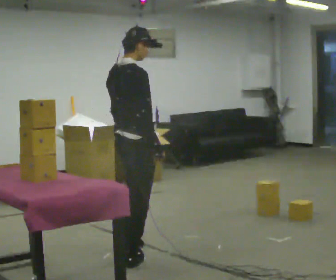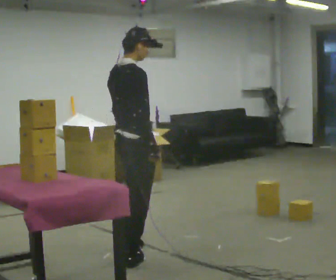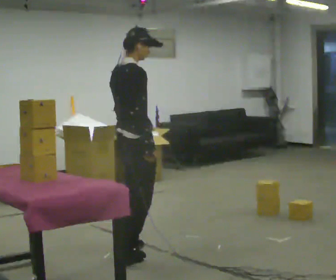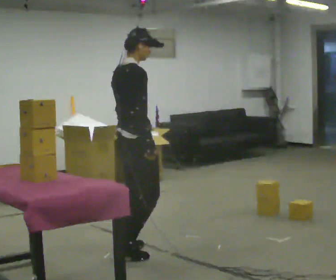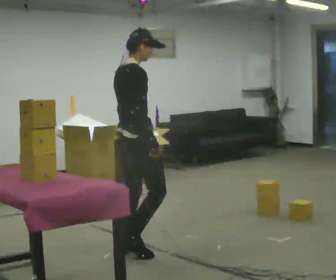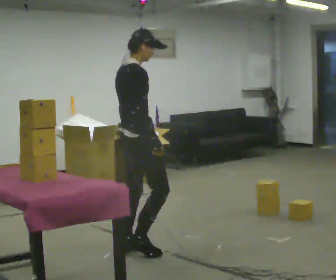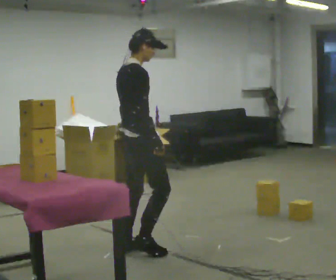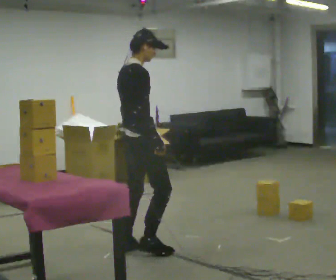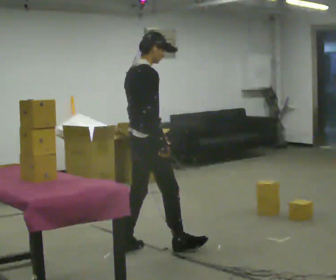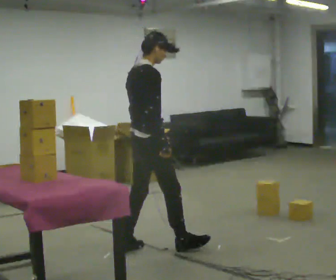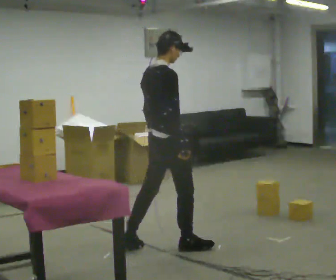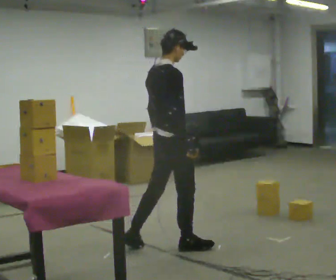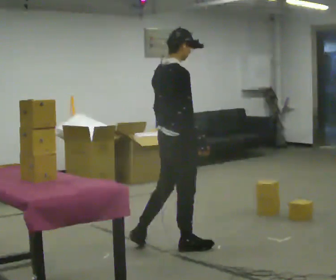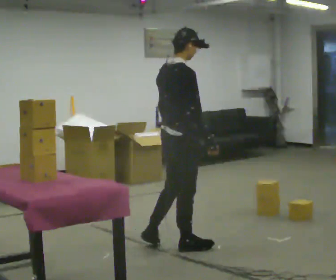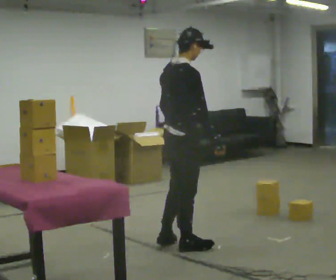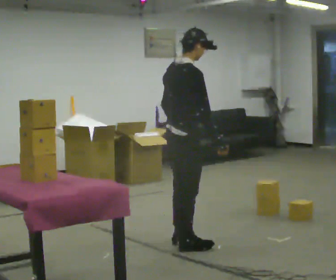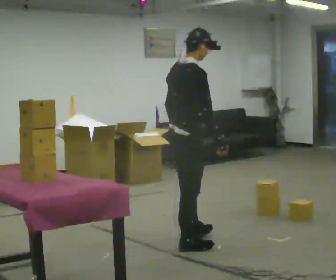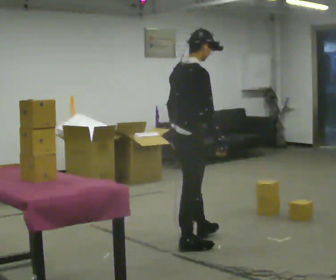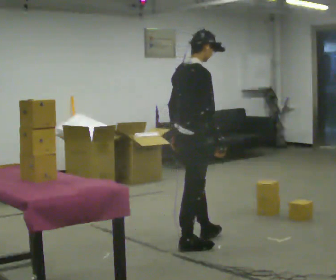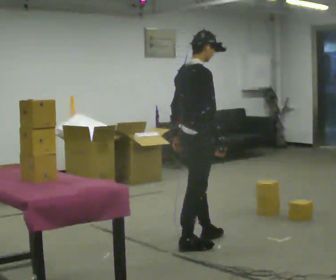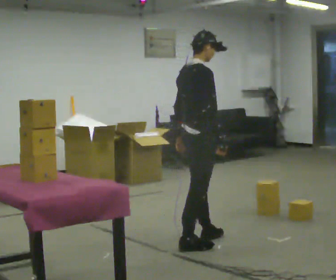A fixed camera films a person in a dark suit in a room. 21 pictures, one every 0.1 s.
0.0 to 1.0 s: In the picture they go to the right and away from the camera, about 0.25 m in 1 step, which for them is forward.
1.0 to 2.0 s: In the picture they go to the right, about 0.25 m in 1 step, which for them is forward.
The film runs forward here.
